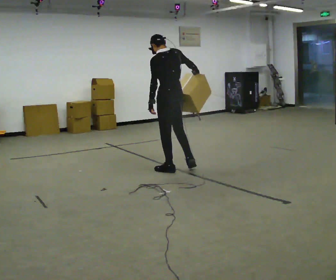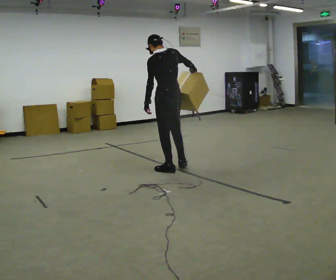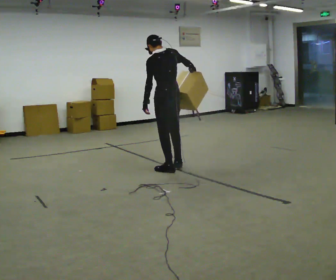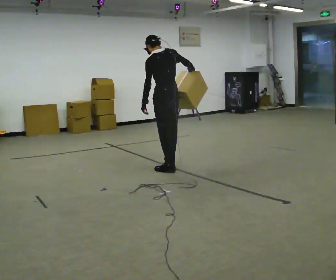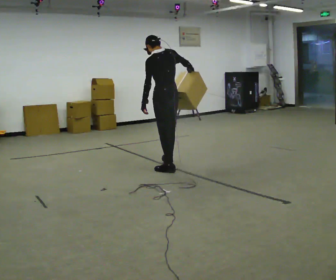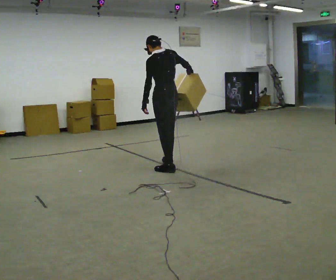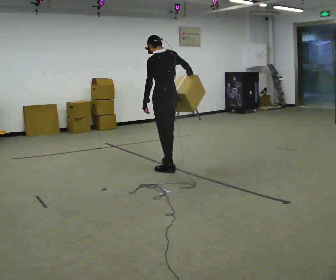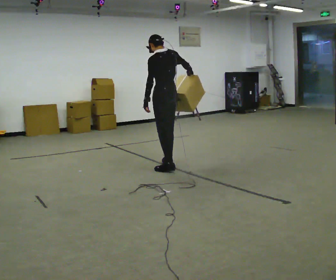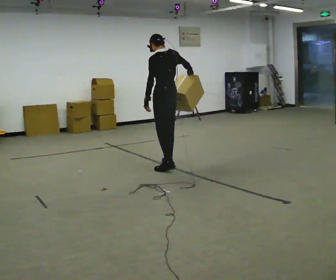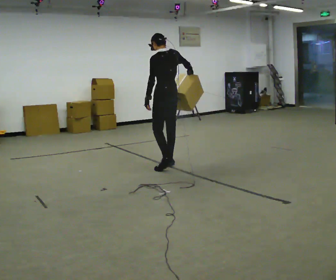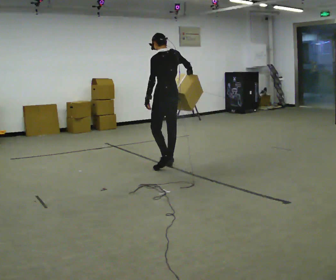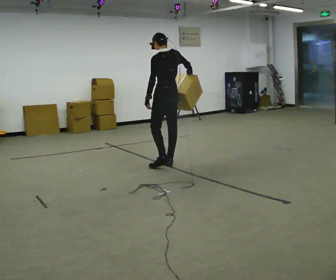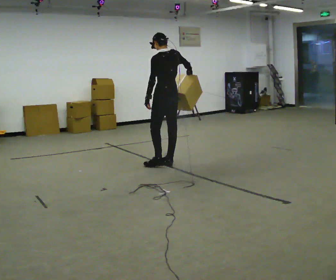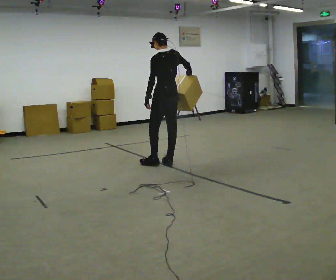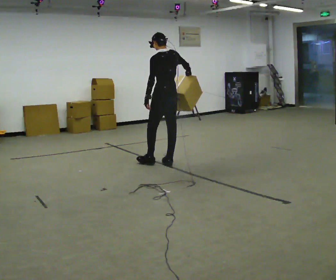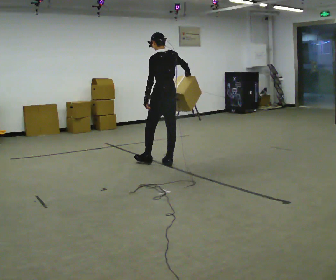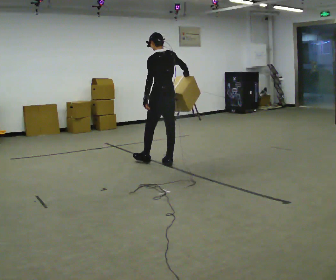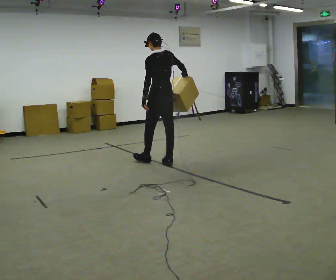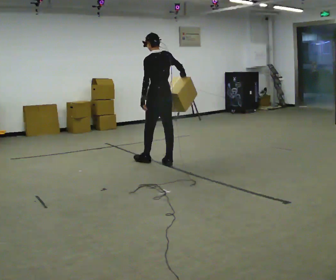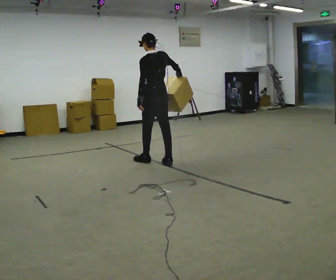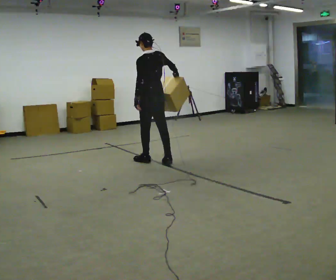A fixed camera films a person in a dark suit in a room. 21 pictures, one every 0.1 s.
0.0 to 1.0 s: In the picture they go away from the camera, about 0.25 m in 1 step, which for them is forward and to their right.
1.0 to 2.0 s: In the picture they go to the left and away from the camera, about 0.25 m in 1 step, which for them is forward.
The film runs forward here.
